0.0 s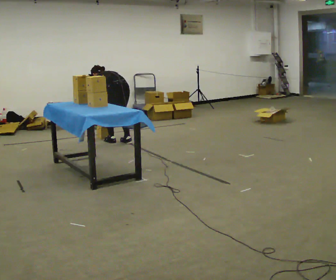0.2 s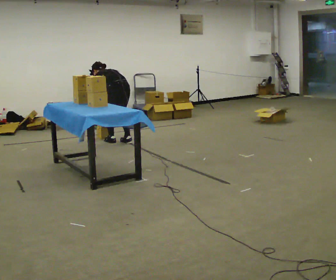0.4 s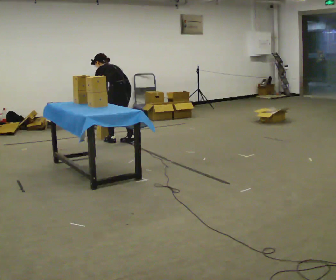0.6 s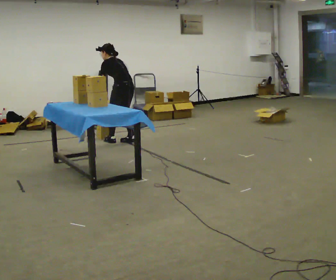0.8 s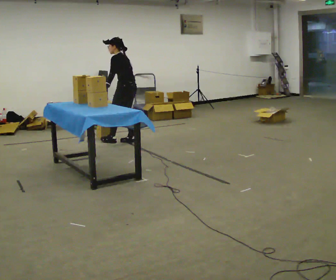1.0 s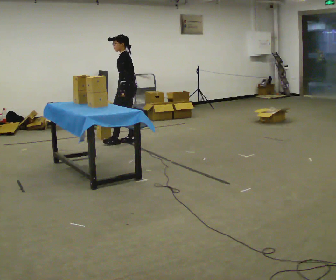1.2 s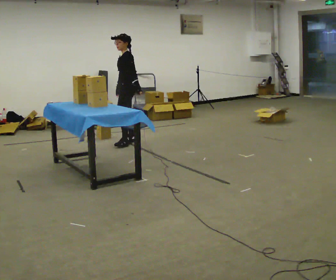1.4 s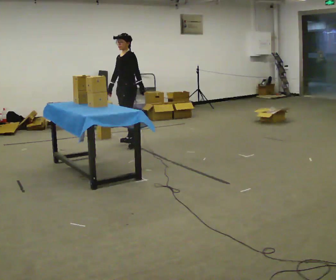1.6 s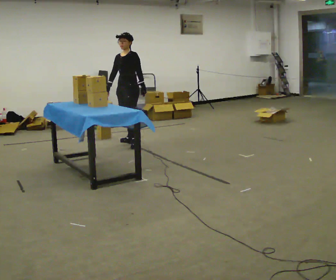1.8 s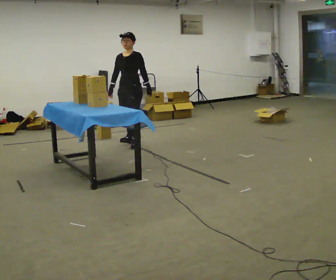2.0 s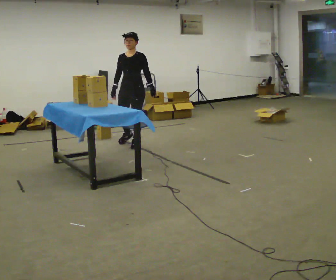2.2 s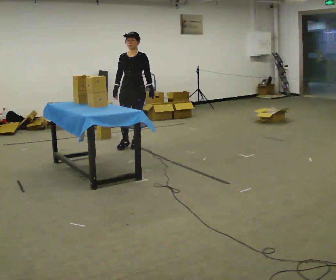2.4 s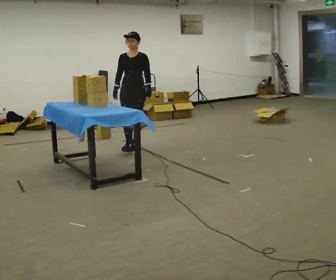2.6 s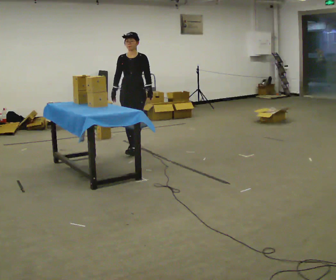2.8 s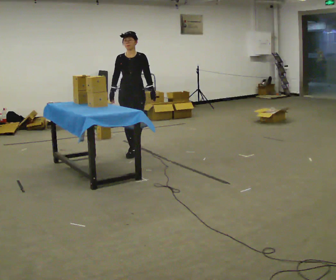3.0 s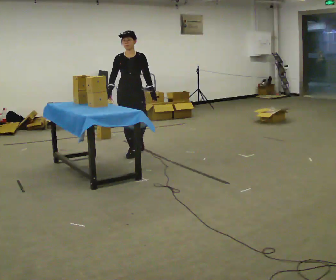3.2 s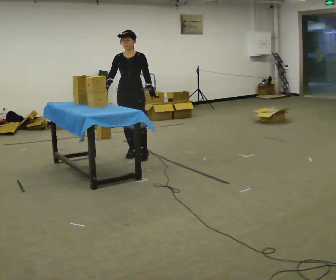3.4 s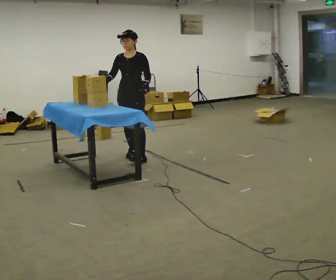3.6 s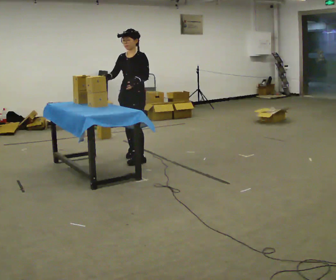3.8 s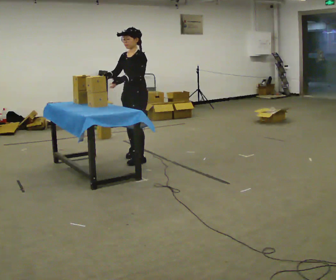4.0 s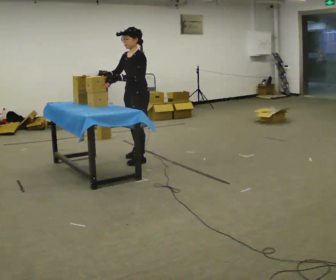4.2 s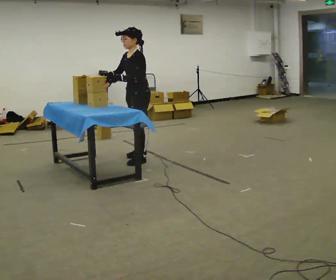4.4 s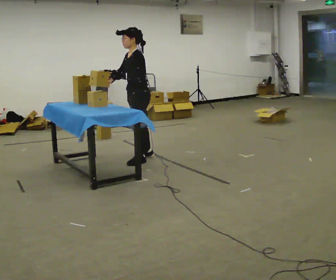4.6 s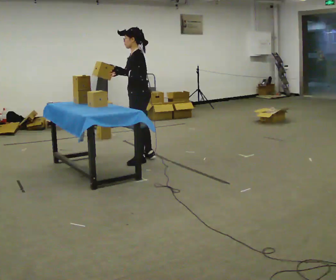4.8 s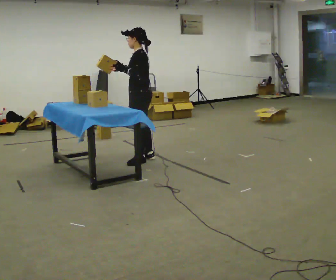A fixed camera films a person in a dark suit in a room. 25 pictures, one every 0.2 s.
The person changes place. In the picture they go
toward the camera.
Their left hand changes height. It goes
upward.
0.0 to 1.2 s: The part of the body nearest the lens slides to the right as the person turns to their left by about 60 degrees. The shoulders move upward. The upper body tips toward the camera, its near side rolling downward, as they lean back or straighten. In the picture their left hand goes to the right and upward.
1.2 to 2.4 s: Seen from above the body turns counterclockwise, about 75 degrees: to their left, with its near side sliding to the right. In the picture they go toward the camera, about 0.5 m in 1 step.
2.4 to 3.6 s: Seen from above the body turns clockwise, about 30 degrees: to their right, with its near side sliding to the left. In the picture they go toward the camera, about 0.5 m in 2 steps, which for them is forward.
3.6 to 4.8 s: The person turns about 60 degrees to their right, clockwise seen from above, so the part of the body nearest the lens slides to the left.
The film runs forward here.
